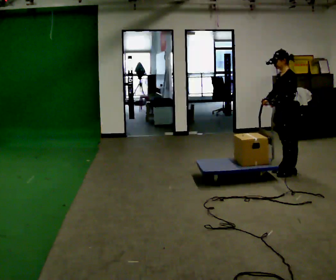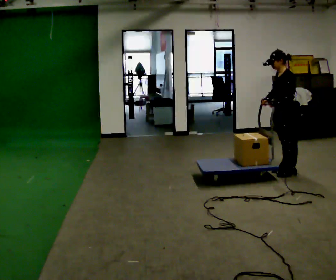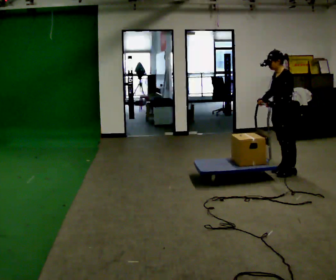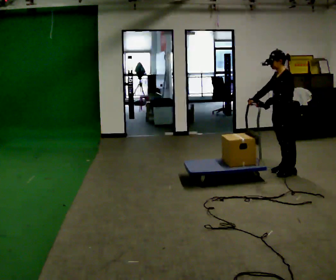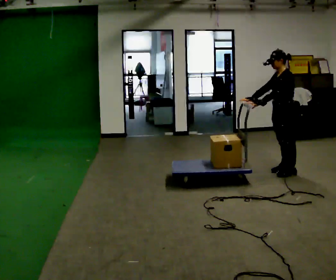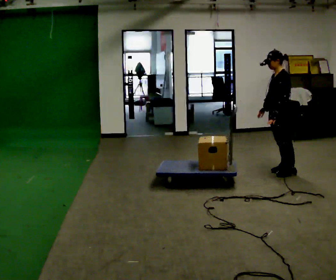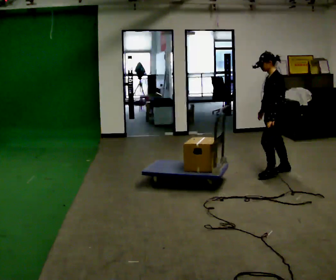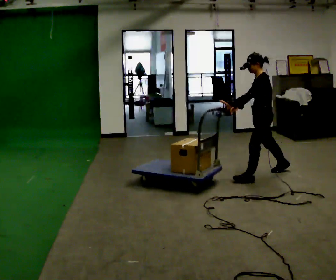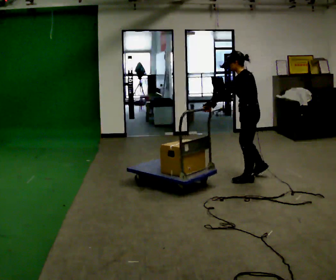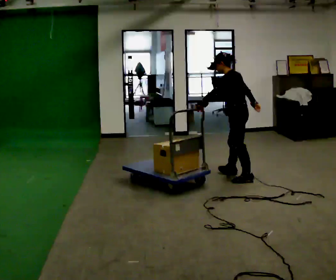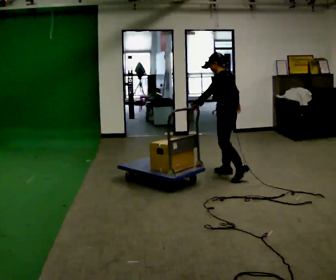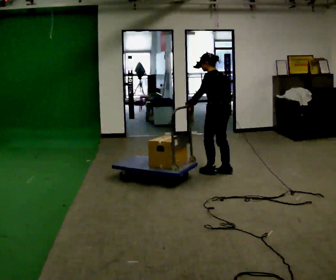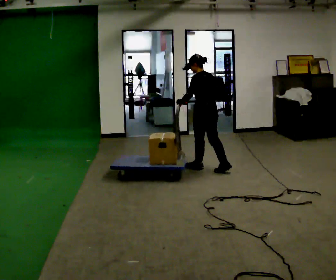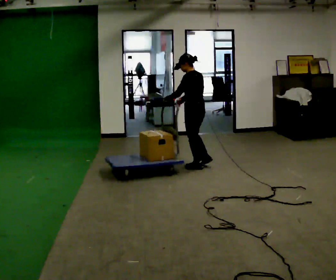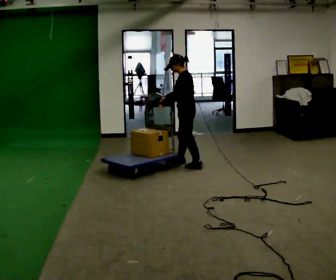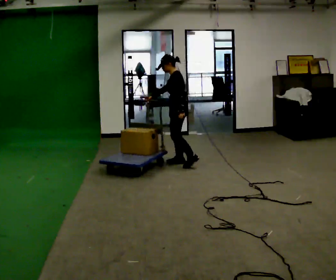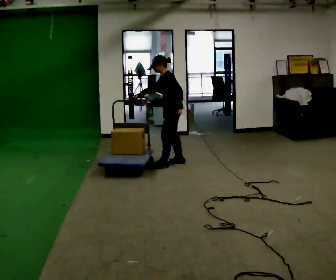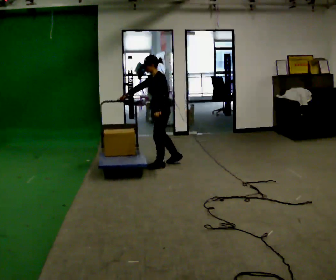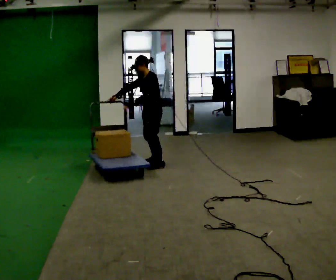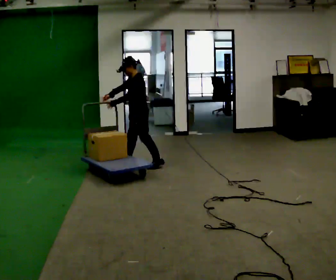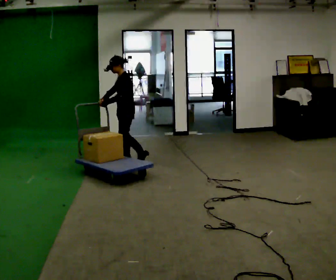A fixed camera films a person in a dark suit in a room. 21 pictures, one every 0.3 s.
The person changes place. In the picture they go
to the left.
0.0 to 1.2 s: The person moves a little, or ends about where they began.
1.2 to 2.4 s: In the picture they go to the left and toward the camera, about 0.5 m in 1 step, which for them is forward.
2.4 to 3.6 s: Seen from above the body turns clockwise, about 30 degrees: to their right, with its near side sliding to the left. In the picture they go to the left and away from the camera, about 0.75 m in 2 steps, which for them is forward and to their right.
3.6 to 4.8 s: The person turns about 45 degrees to their left, counterclockwise seen from above, so the part of the body nearest the lens slides to the right. In the picture they go to the left and away from the camera, about 0.5 m in 1 step, which for them is forward and to their right.
4.8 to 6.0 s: In the picture they go to the left, about 0.5 m in 2 steps, which for them is forward and to their right.
The film runs forward here.
